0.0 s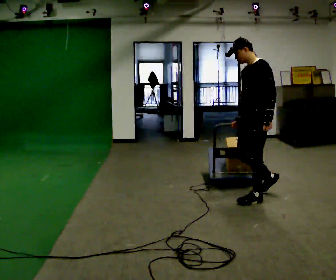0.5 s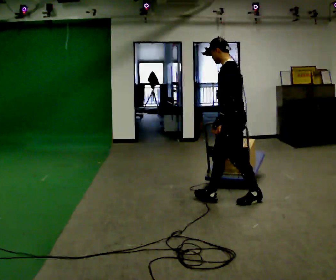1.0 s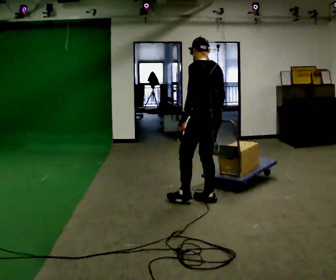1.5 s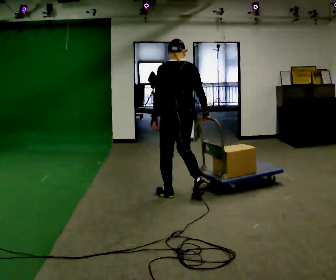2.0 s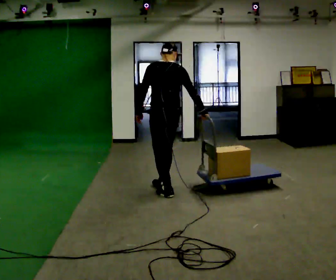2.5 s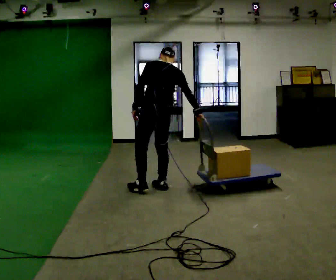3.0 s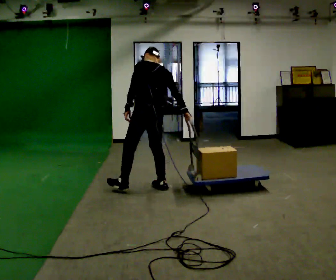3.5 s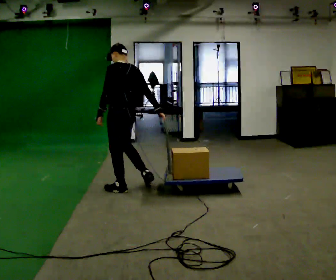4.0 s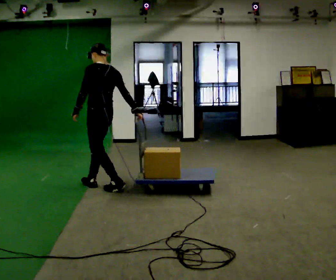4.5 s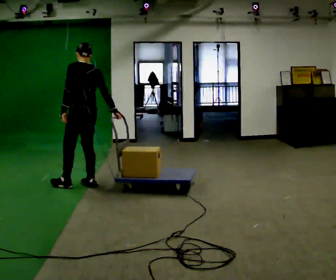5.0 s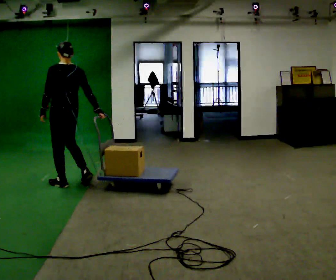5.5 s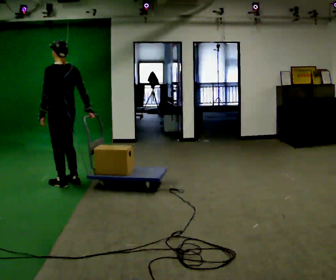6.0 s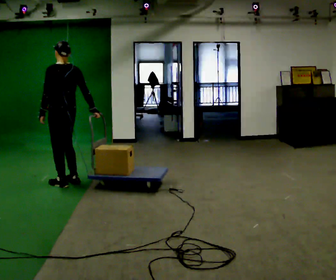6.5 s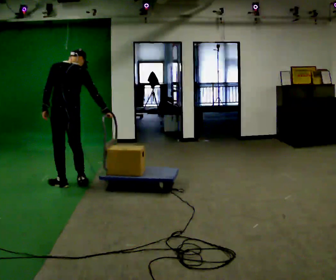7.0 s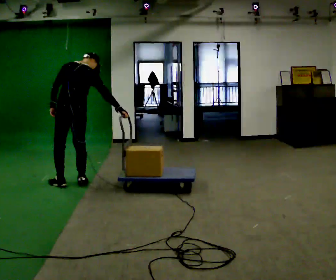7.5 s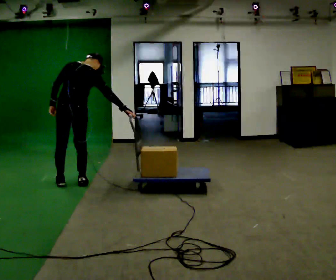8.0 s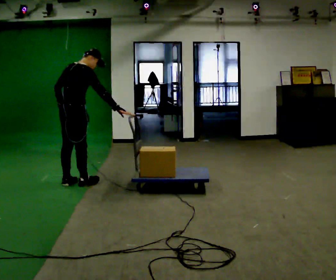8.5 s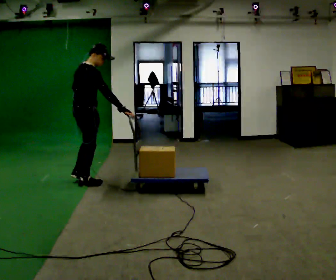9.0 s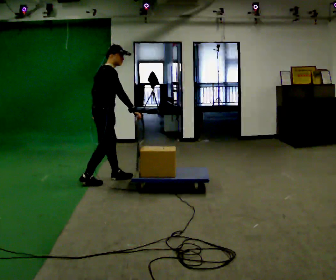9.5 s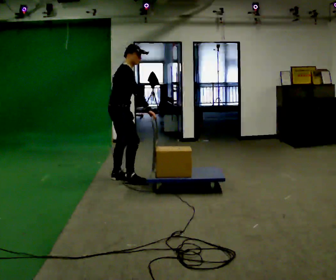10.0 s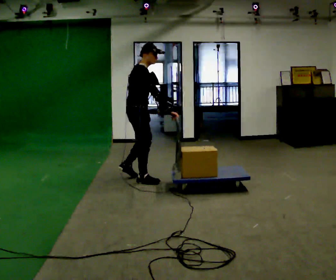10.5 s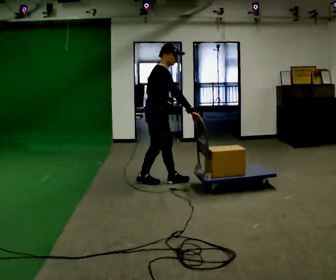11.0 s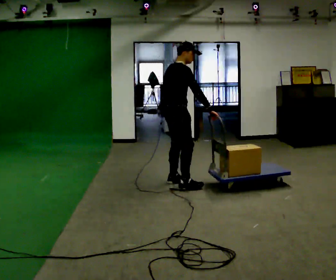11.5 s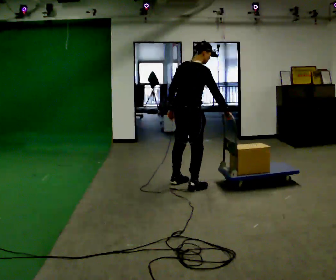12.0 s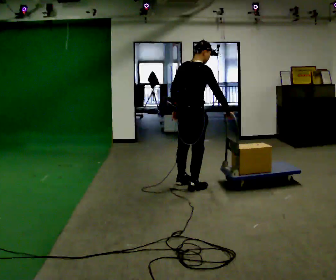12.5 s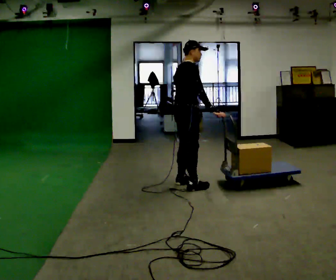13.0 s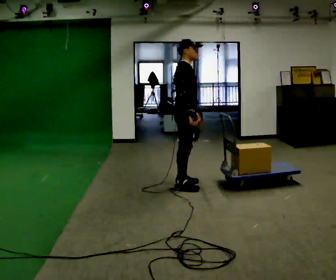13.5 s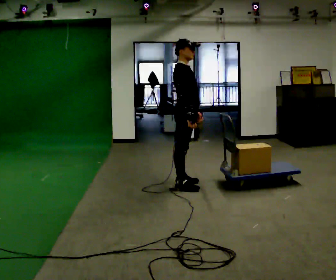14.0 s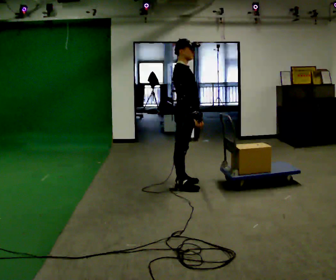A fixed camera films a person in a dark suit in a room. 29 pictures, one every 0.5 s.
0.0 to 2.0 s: The part of the body nearest the lens slides to the left as the person turns to their right by about 75 degrees. In the picture they go to the left and away from the camera, about 1 m in 3 steps.
2.0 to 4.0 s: The person turns about 30 degrees to their left, counterclockwise seen from above, so the part of the body nearest the lens slides to the right. In the picture they go to the left and away from the camera, about 1 m in 2 steps, which for them is forward and to their left.
4.0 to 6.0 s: In the picture they go to the left, about 0.5 m in 2 steps, which for them is forward and to their left.
6.0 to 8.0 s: Seen from above the body turns clockwise, about 90 degrees: to their right, with its near side sliding to the left.
8.0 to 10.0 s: The person turns about 45 degrees to their right, clockwise seen from above, so the part of the body nearest the lens slides to the left. In the picture they go to the right, about 1 m in 2 steps, which for them is forward.
10.0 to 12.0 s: The part of the body nearest the lens slides to the right as the person turns to their left by about 30 degrees. In the picture they go to the right and toward the camera, about 0.75 m in 3 steps, which for them is forward and to their right.
12.0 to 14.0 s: The part of the body nearest the lens slides to the left as the person turns to their right by about 45 degrees. In the picture their right hand goes to the left.
The film runs forward here.
